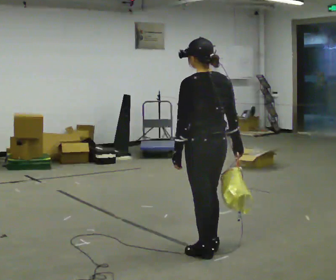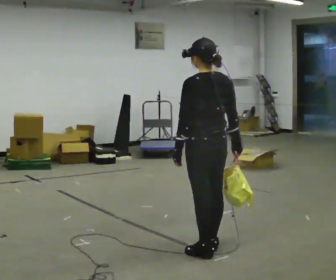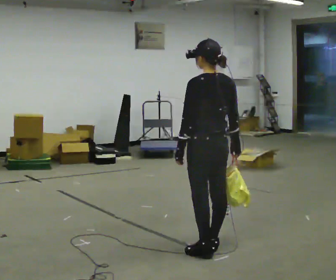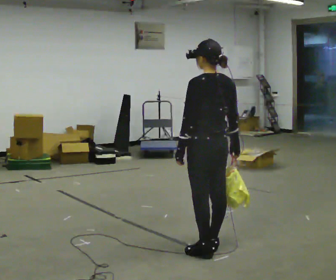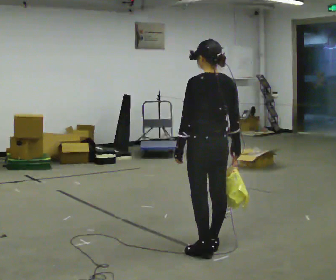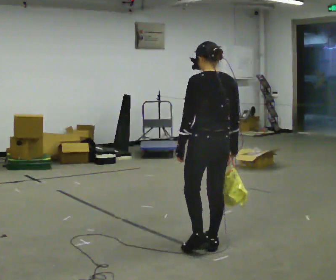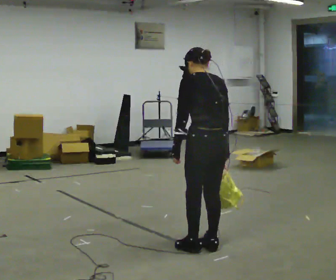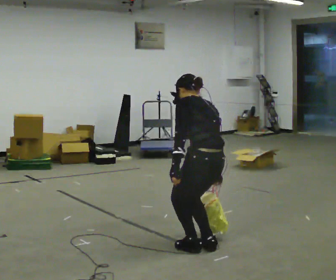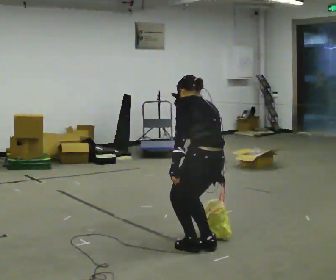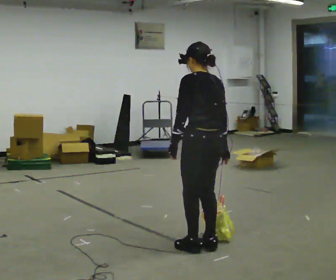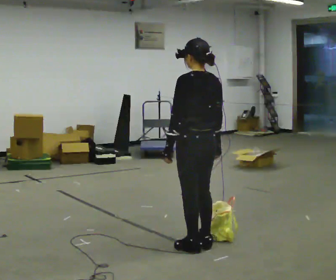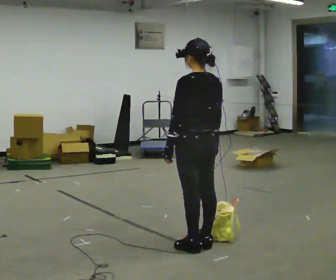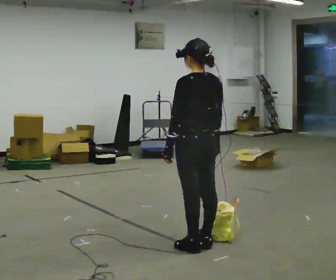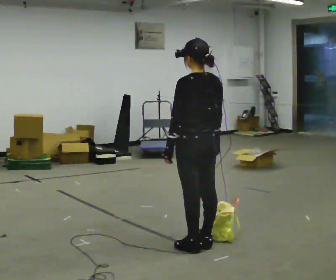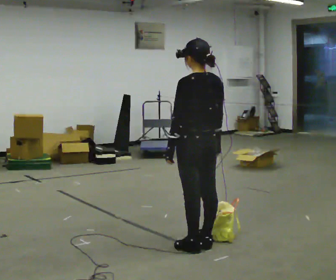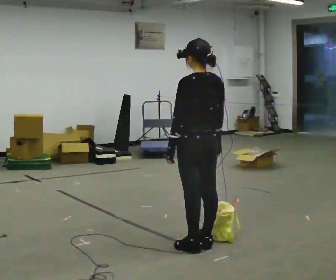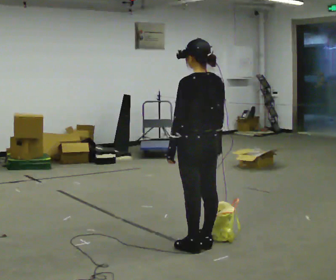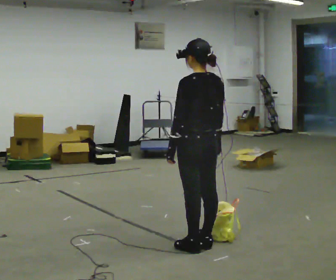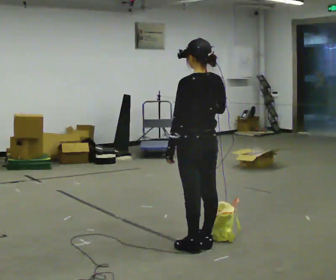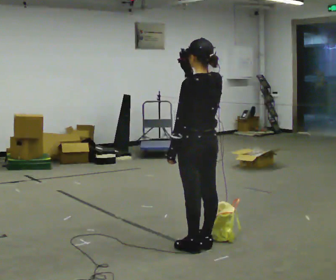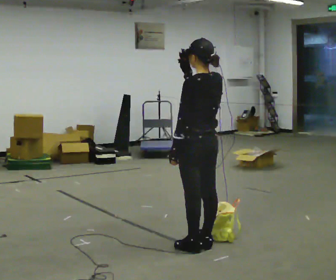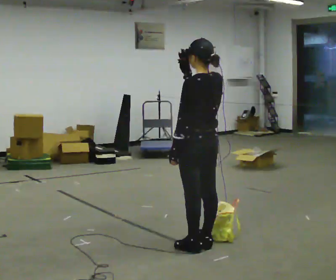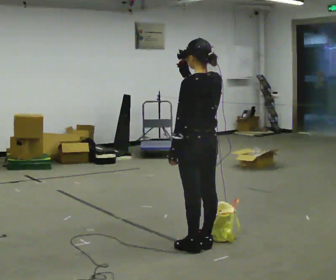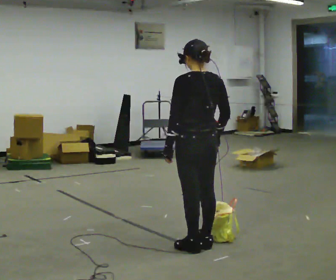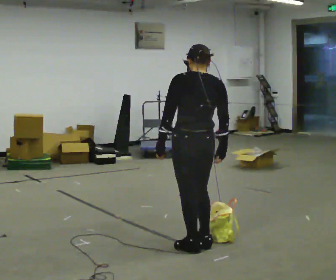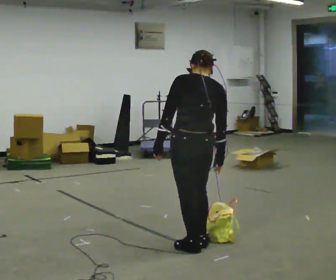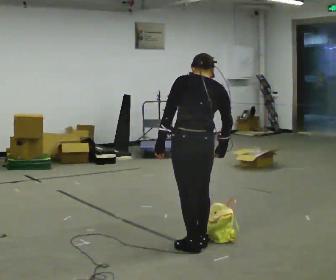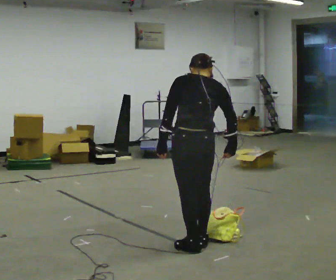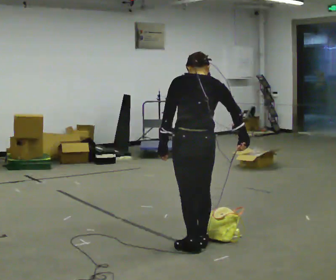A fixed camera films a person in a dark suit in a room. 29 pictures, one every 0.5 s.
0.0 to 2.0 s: The person moves a little, or ends about where they began.
2.0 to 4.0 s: The upper body tips away from the camera, its near side rolling upward, as they bend forward.
4.0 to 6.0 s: The upper body goes upward. The upper body tips toward the camera, its near side rolling downward, as they lean back or straighten.
6.0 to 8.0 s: The person keeps their place and pose.
8.0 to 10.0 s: In the picture their right hand goes upward.
10.0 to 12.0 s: The part of the body nearest the lens slides to the left as the person turns to their right by about 30 degrees. In the picture their right hand goes downward.
12.0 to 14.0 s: The person moves a little, or ends about where they began.
The film runs forward here.
